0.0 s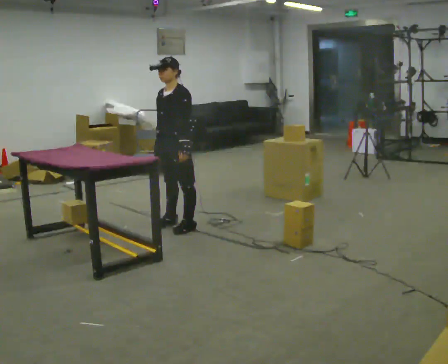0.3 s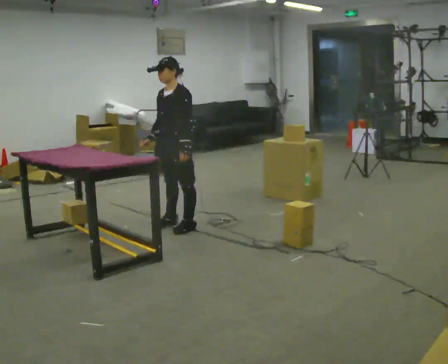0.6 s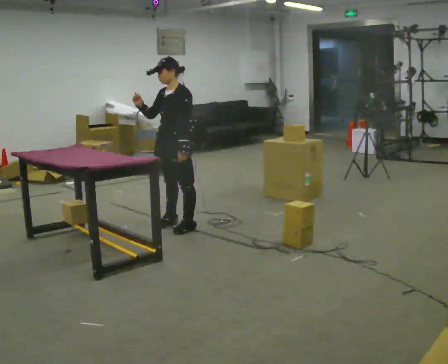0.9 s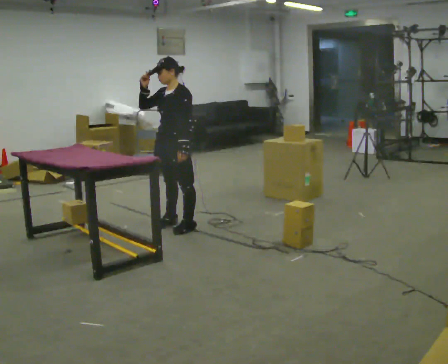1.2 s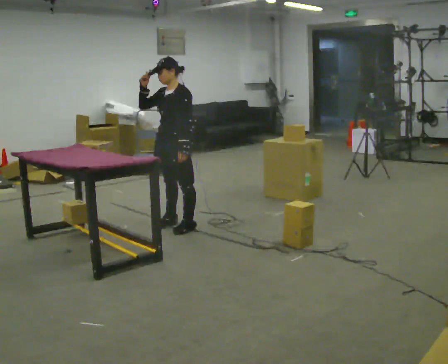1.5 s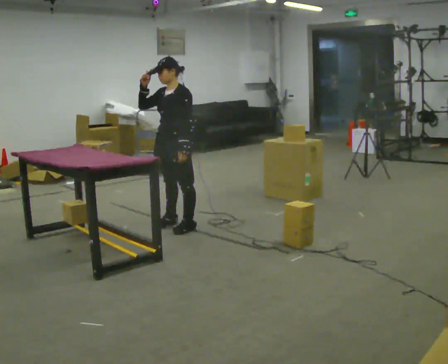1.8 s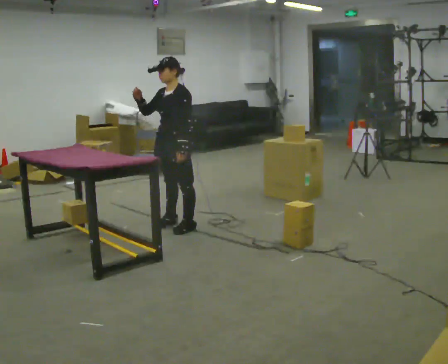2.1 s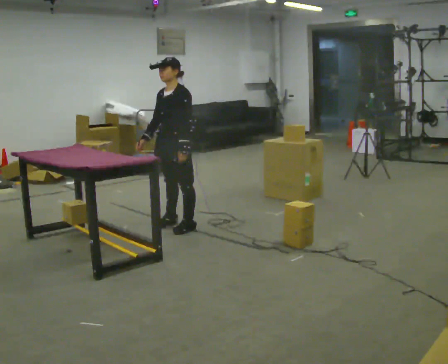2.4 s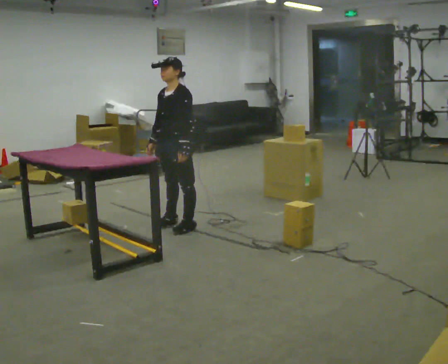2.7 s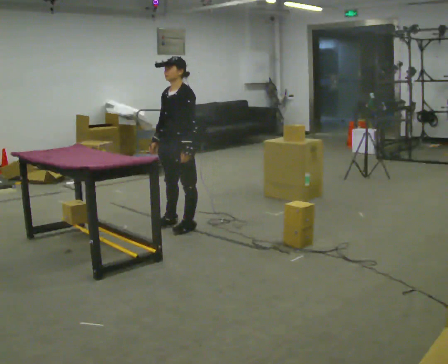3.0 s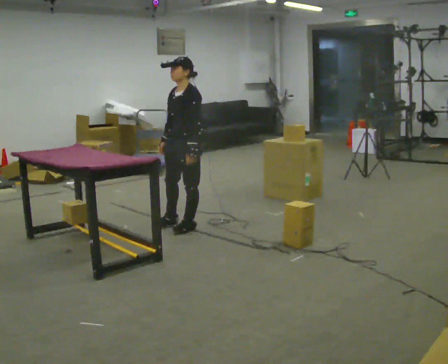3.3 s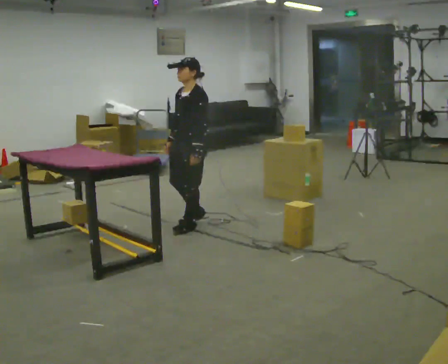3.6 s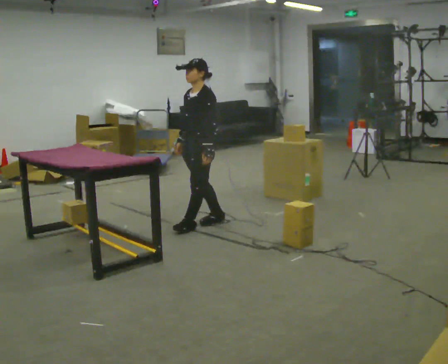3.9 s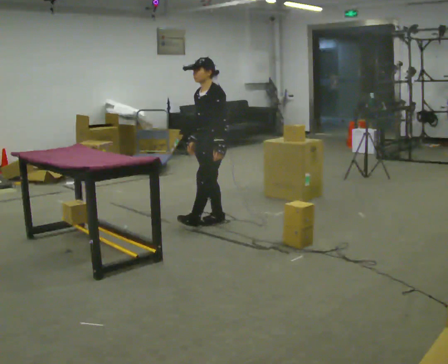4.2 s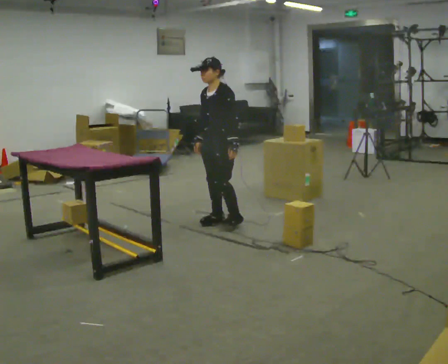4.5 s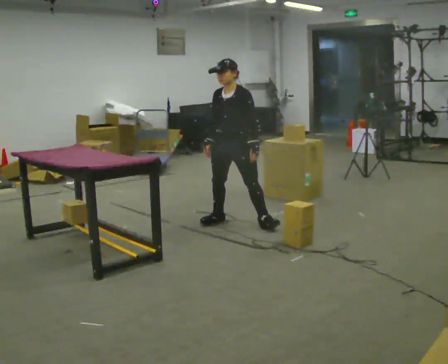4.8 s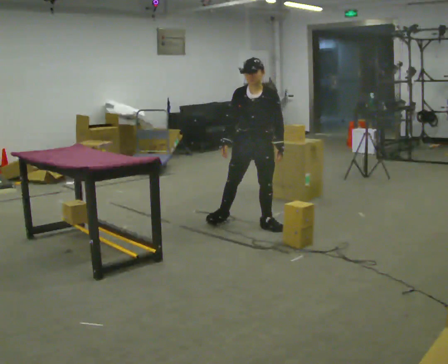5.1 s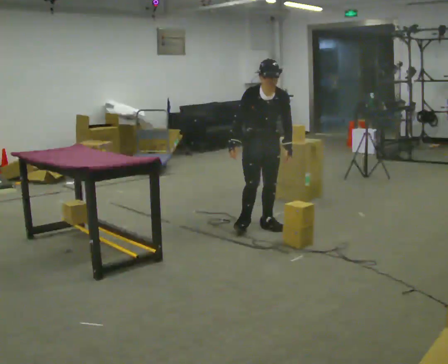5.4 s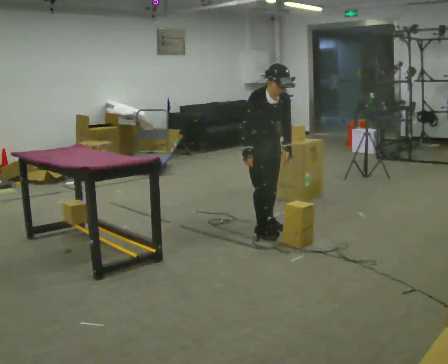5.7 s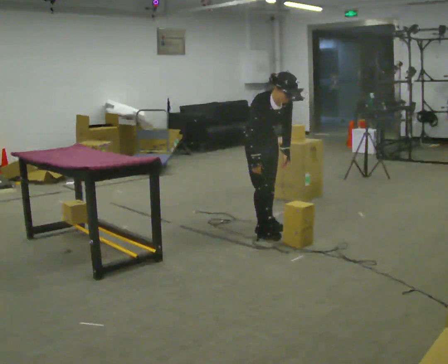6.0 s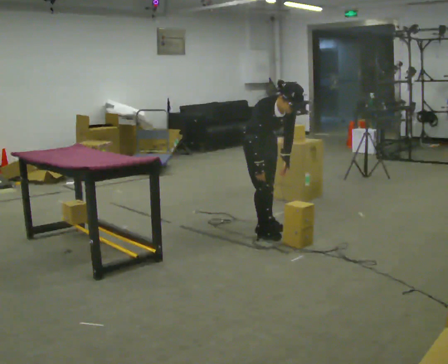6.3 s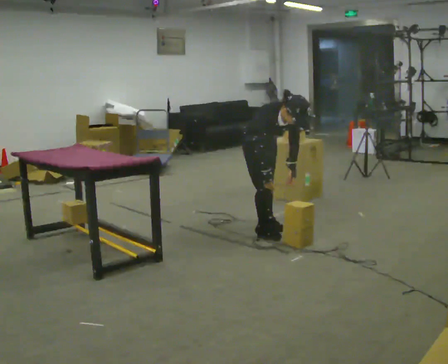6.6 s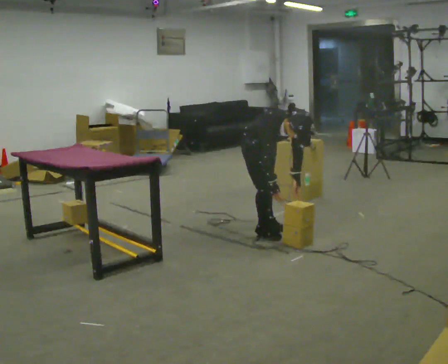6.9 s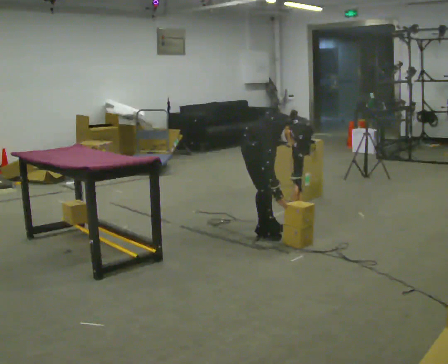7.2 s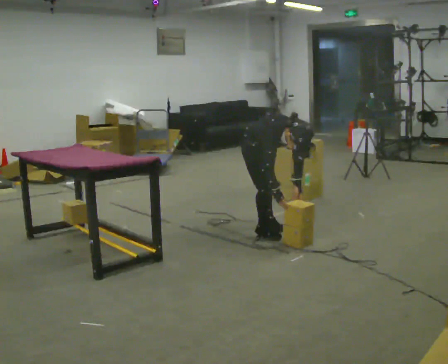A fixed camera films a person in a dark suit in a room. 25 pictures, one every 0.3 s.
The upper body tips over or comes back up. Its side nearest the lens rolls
downward.
The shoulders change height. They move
downward.
0.0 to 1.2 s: In the picture their right hand goes upward.
1.2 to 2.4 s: In the picture their right hand goes downward.
2.4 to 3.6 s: In the picture they go to the right, about 0.25 m in 1 step, which for them is backward and to their left.
3.6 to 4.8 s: The part of the body nearest the lens slides to the right as the person turns to their left by about 45 degrees. In the picture they go to the right, about 0.5 m in 1 step, which for them is backward and to their left.
4.8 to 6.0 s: The person turns about 60 degrees to their left, counterclockwise seen from above, so the part of the body nearest the lens slides to the right. In the picture they go toward the camera, about 0.25 m in 1 step, which for them is forward. The upper body tips toward the camera, its near side rolling downward, as they bend forward.
6.0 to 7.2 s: The upper body goes downward. The upper body tips toward the camera, its near side rolling downward, as they bend forward.
The film runs backward here.
